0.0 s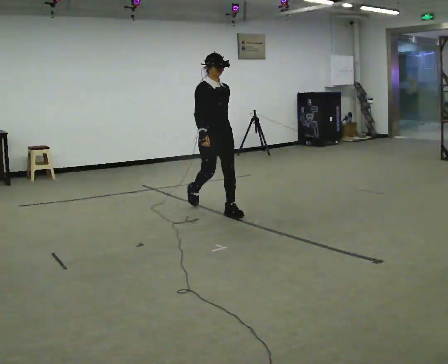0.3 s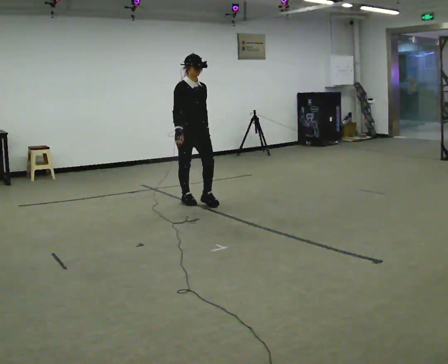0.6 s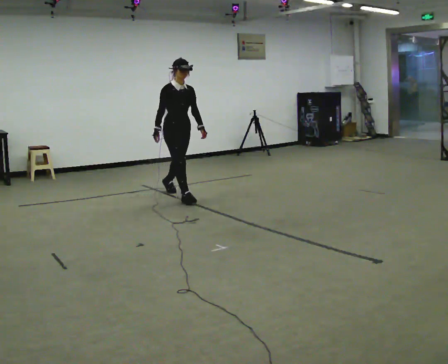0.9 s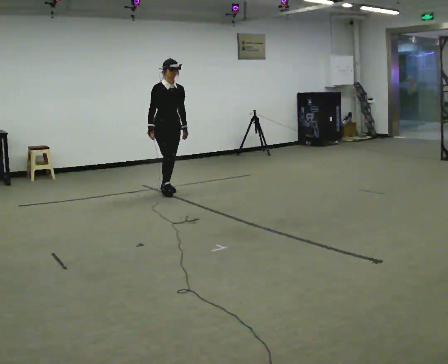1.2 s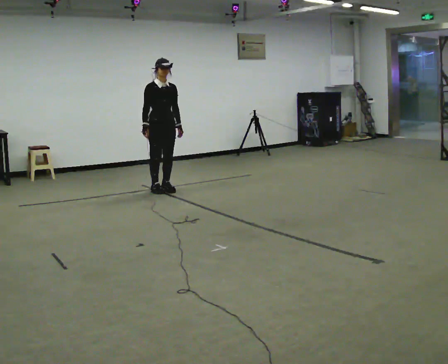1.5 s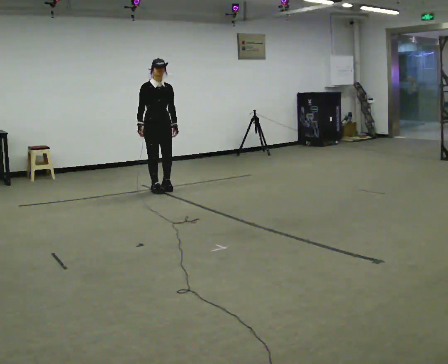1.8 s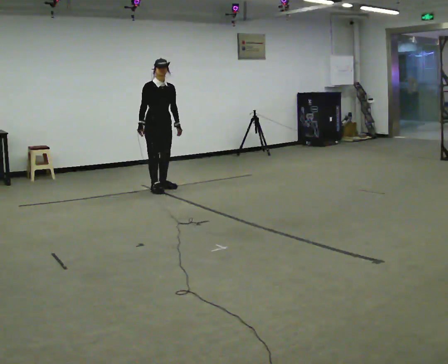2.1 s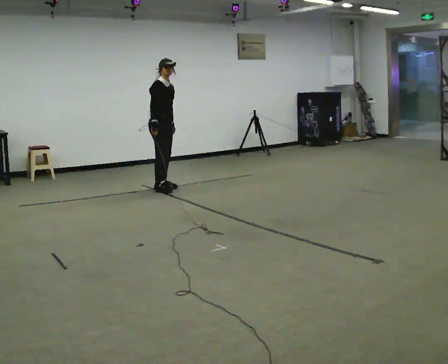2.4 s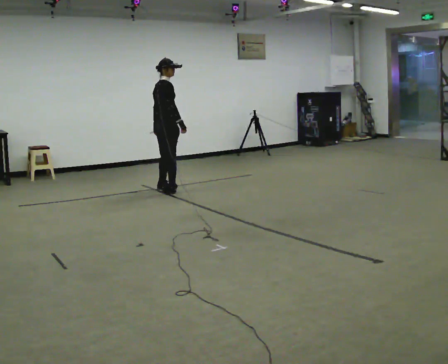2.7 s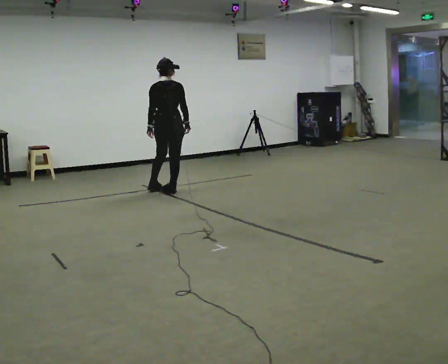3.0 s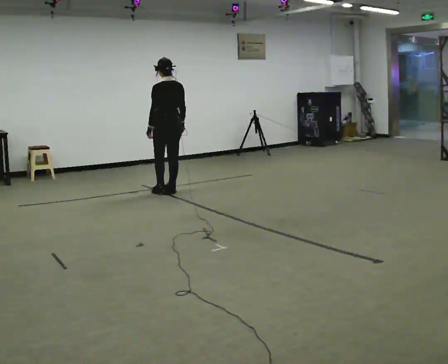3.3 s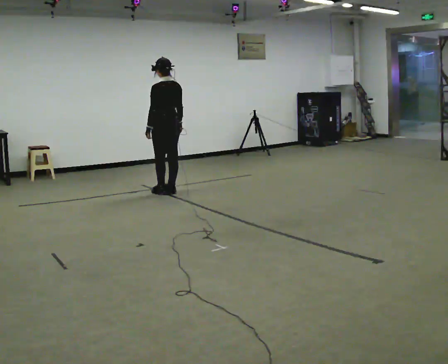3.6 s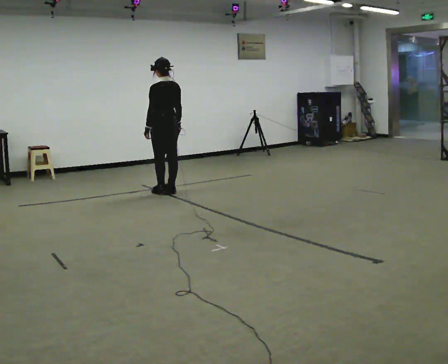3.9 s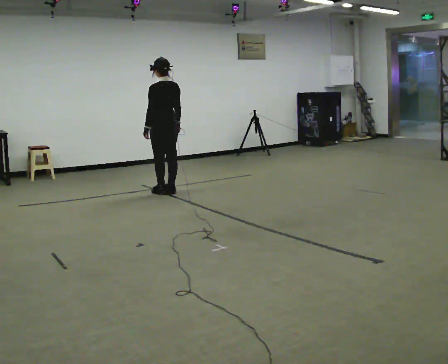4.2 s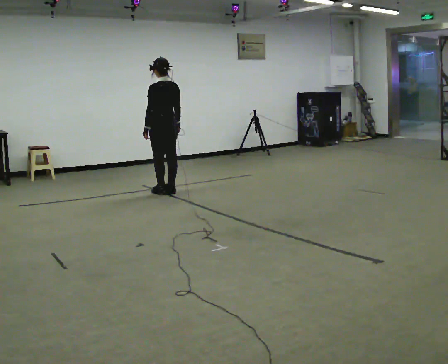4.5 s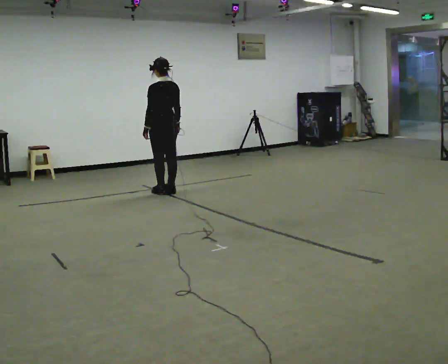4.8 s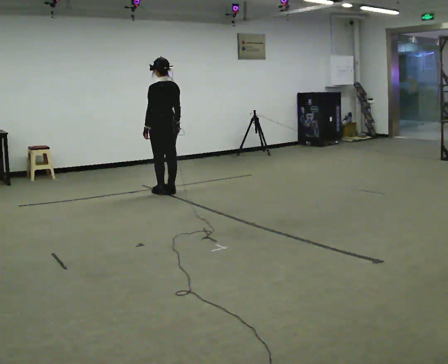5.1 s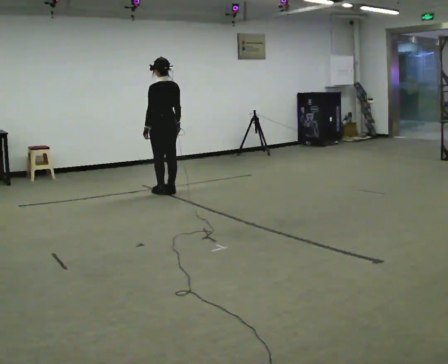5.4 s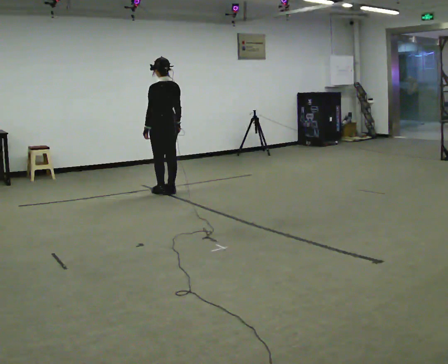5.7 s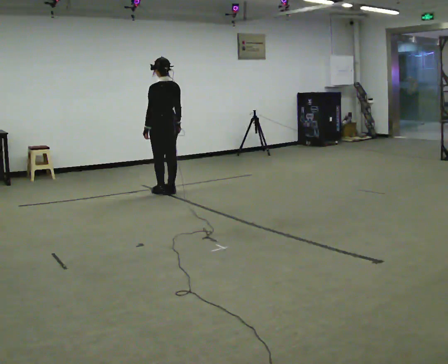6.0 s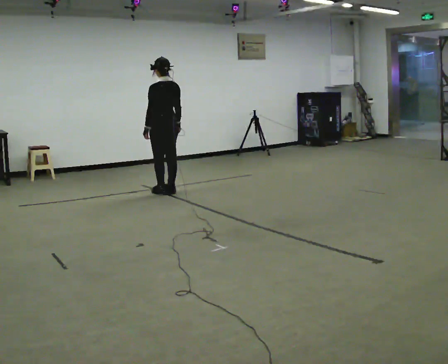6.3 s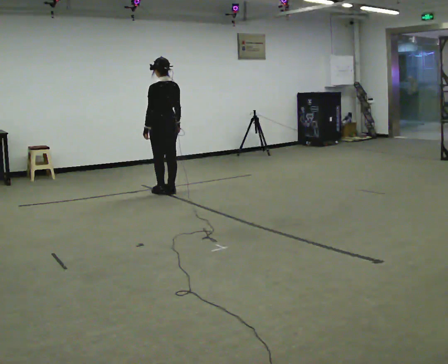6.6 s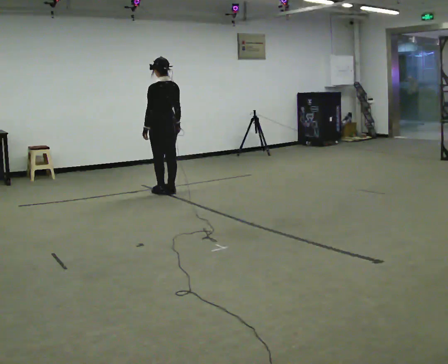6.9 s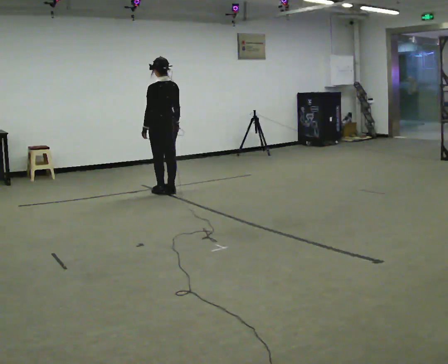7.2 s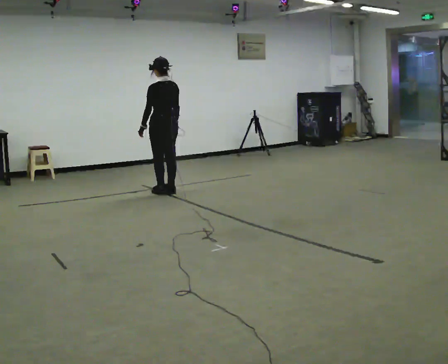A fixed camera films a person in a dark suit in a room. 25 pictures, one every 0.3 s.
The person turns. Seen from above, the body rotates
counterclockwise.
The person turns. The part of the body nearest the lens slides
to the right.
0.0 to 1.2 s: In the picture they go away from the camera and to the left, about 1 m in 2 steps, which for them is backward.
1.2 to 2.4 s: The person turns about 90 degrees to their left, counterclockwise seen from above, so the part of the body nearest the lens slides to the right. In the picture their right hand goes to the right, the arm swinging counterclockwise.
2.4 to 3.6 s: The part of the body nearest the lens slides to the right as the person turns to their left by about 105 degrees.
3.6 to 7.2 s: The person moves a little, or ends about where they began.
The film runs backward here.
